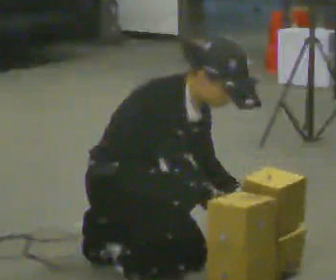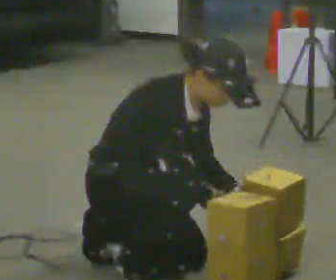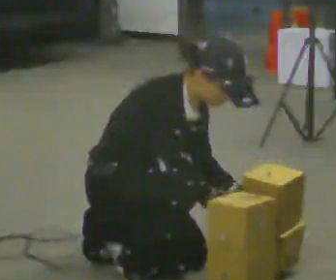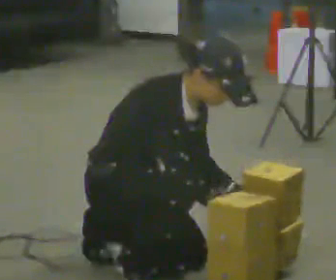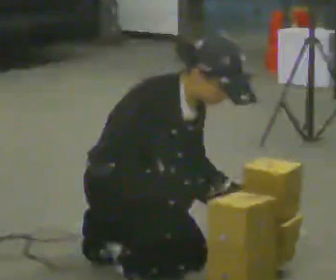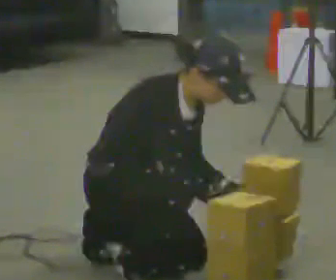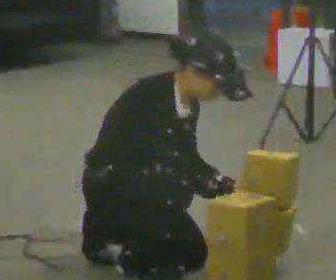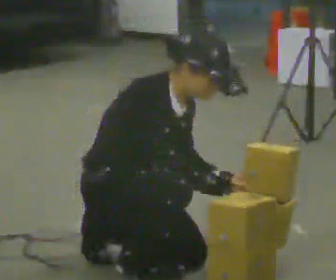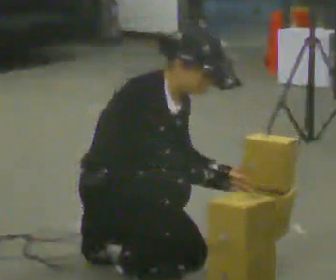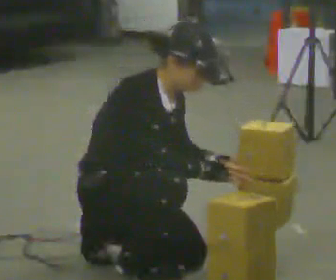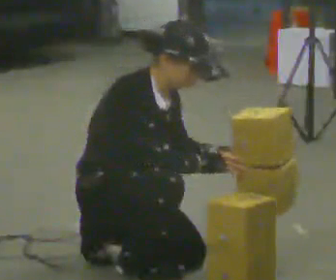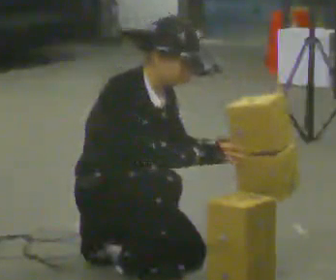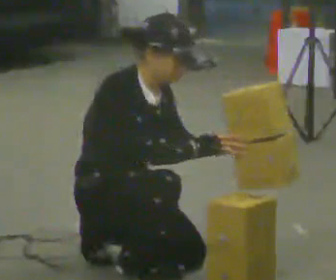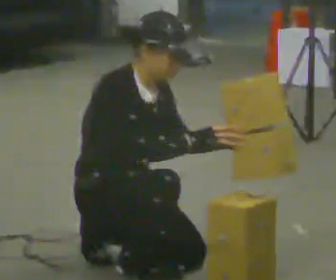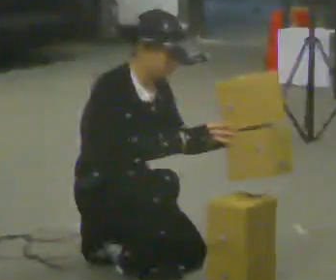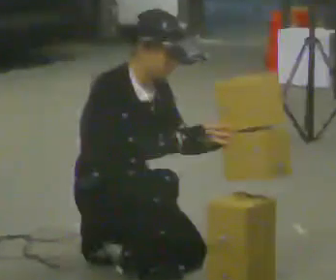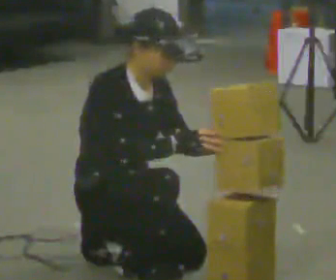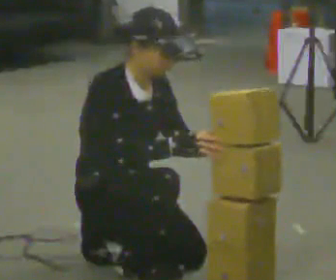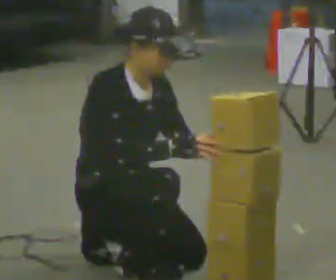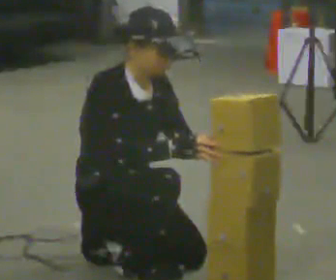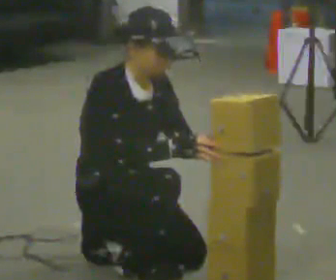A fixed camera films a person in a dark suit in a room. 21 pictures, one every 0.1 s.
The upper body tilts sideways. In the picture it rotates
counterclockwise.
0.0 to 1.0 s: In the picture the upper body tilts counterclockwise, shoulders to the left, as they lean back or straighten.
1.0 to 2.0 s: The person moves a little, or ends about where they began.
The film runs backward here.
